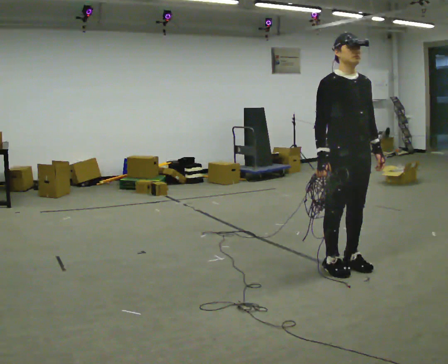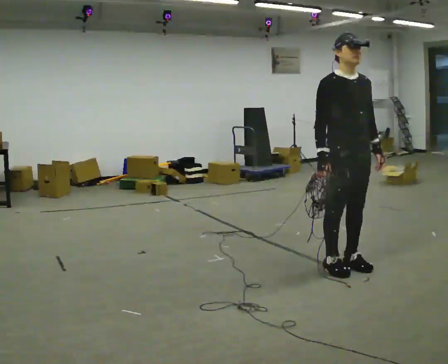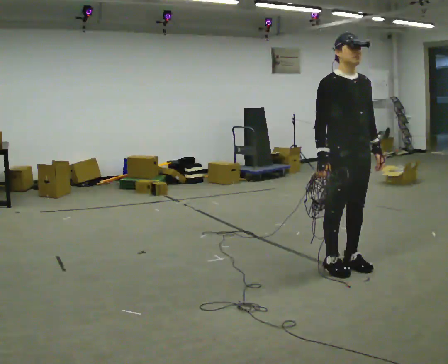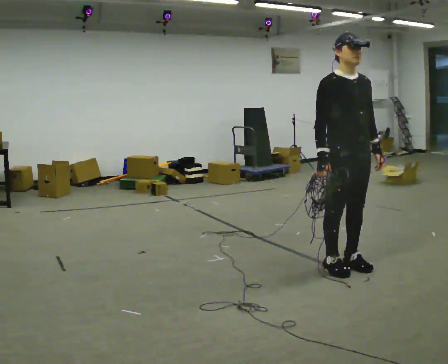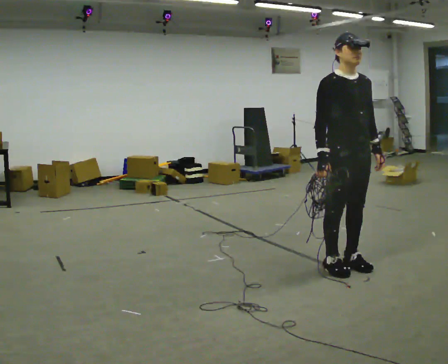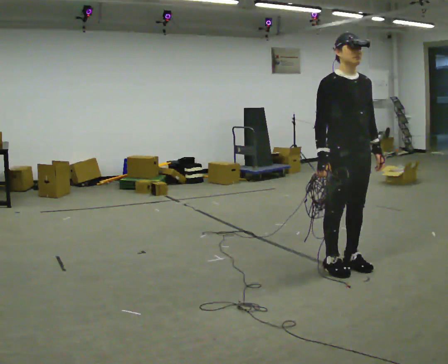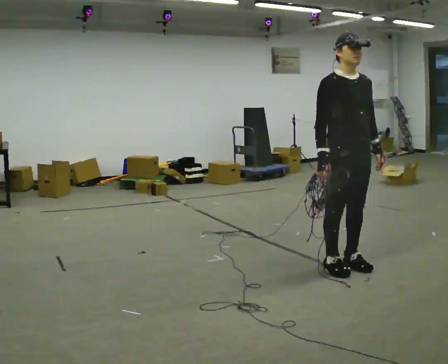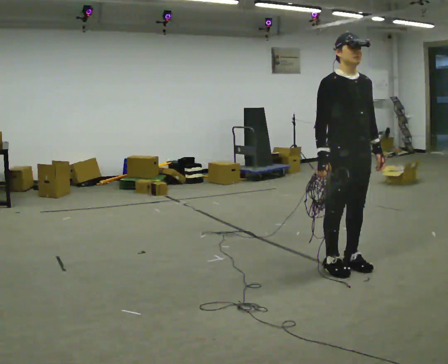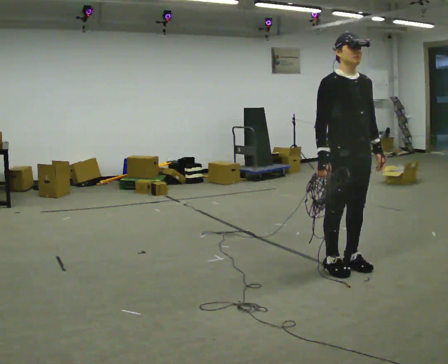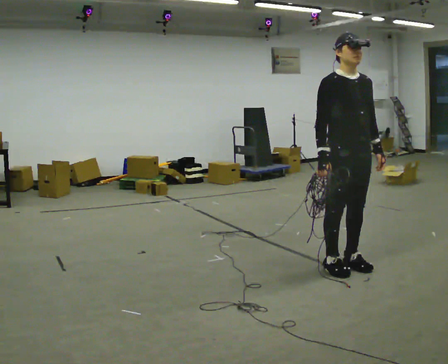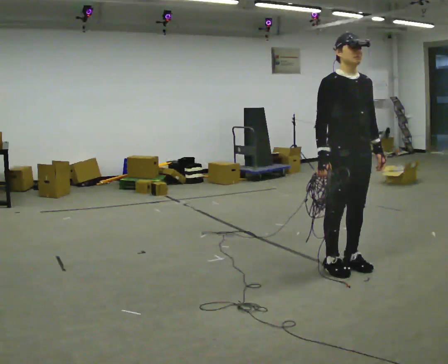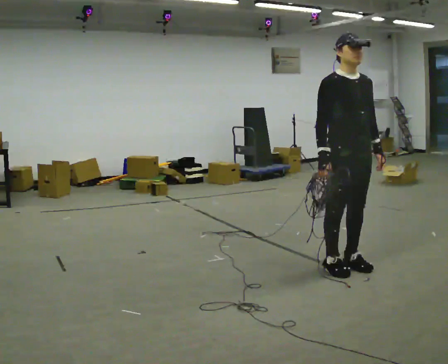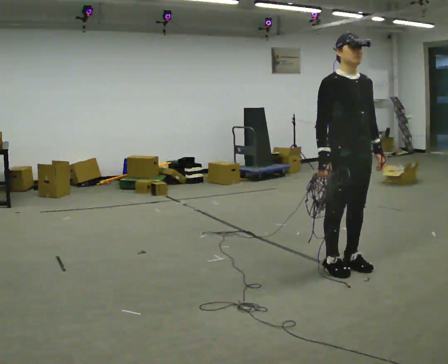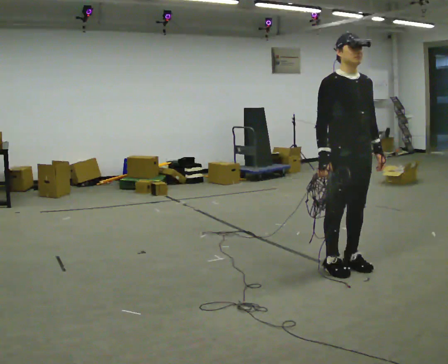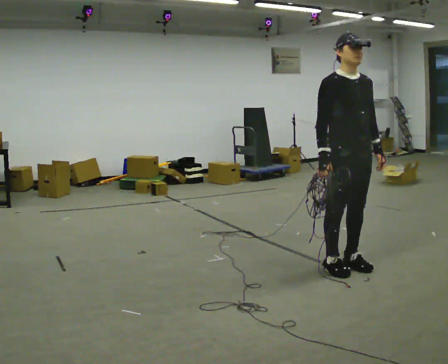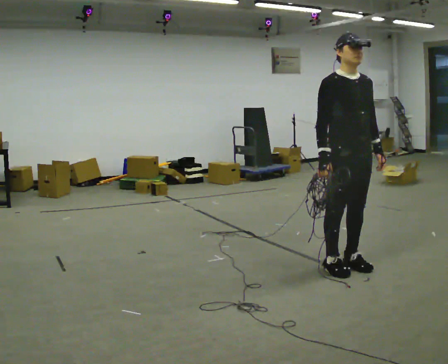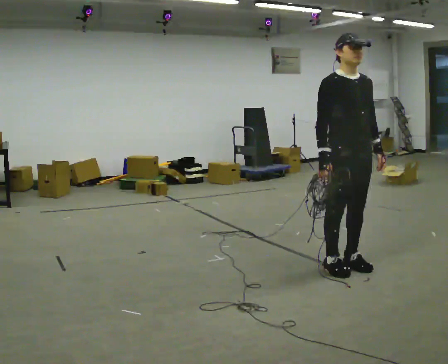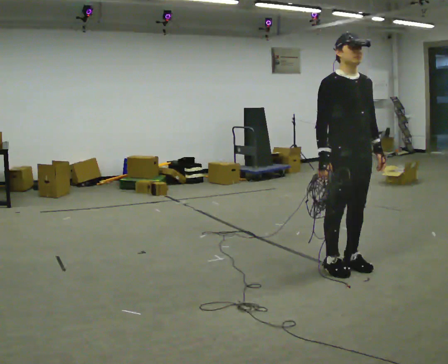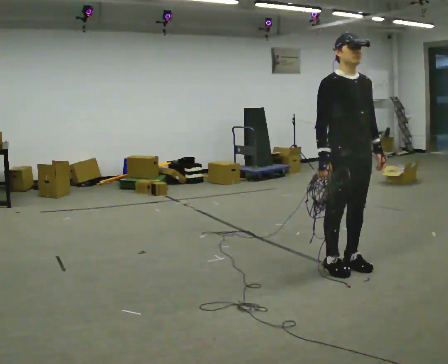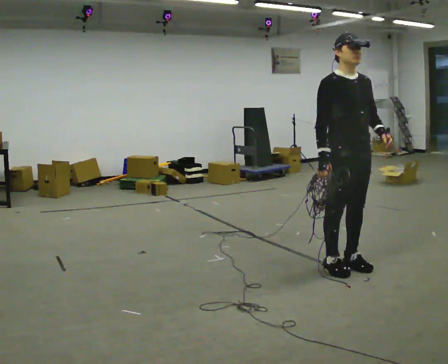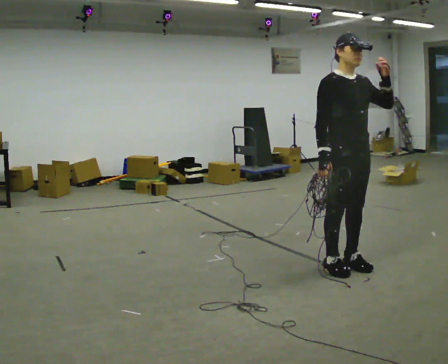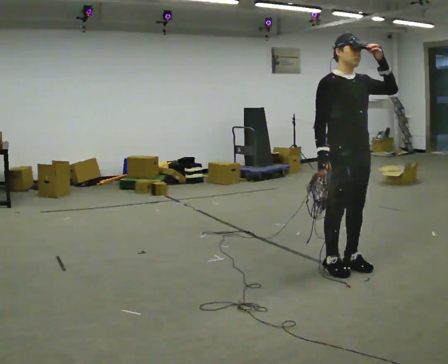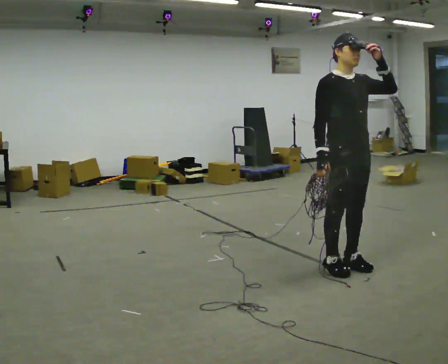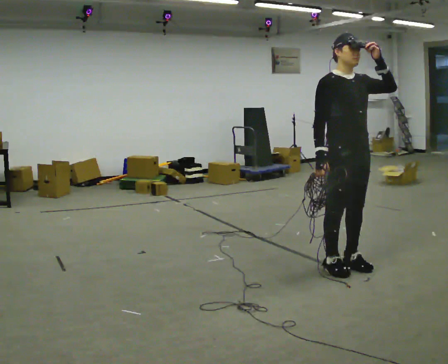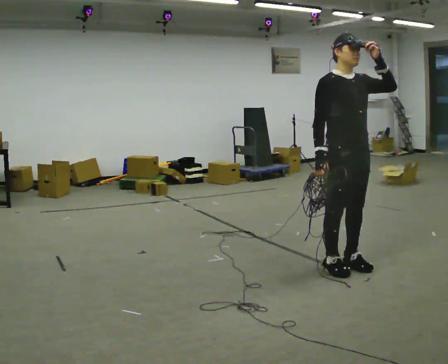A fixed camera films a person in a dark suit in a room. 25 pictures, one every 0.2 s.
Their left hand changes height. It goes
upward.
Their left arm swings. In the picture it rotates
counterclockwise.
0.0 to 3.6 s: The person keeps their place and pose.
3.6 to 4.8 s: In the picture their left hand goes upward, the arm swinging counterclockwise.
The film runs forward here.
